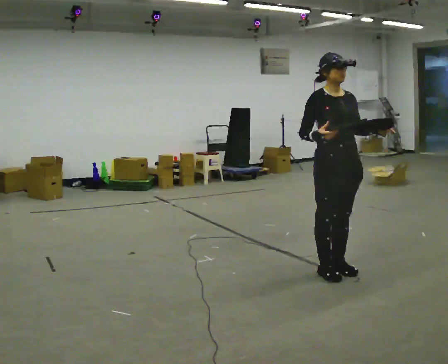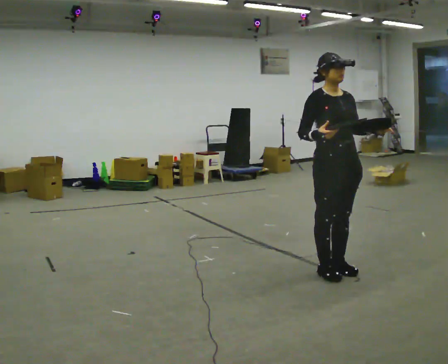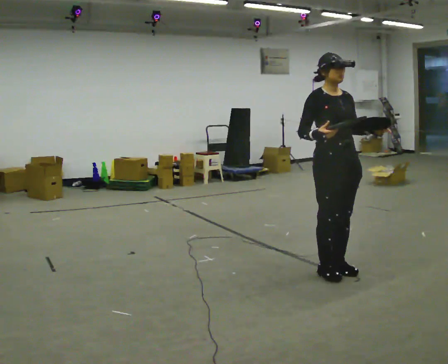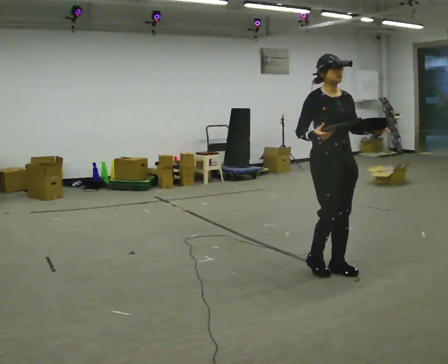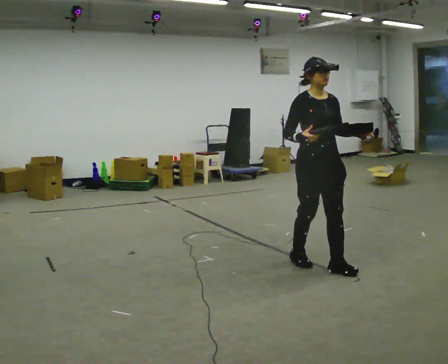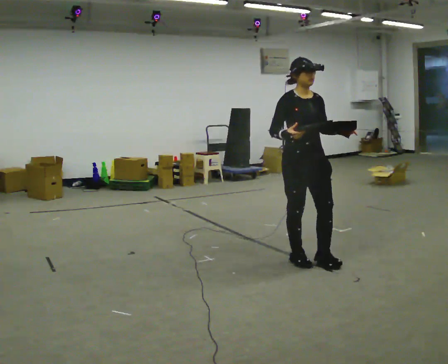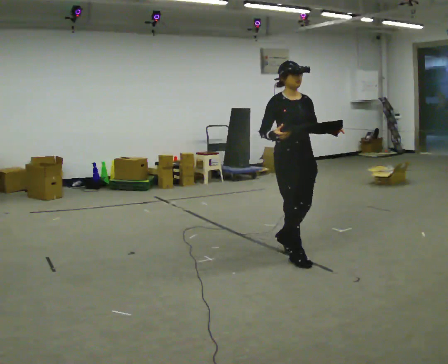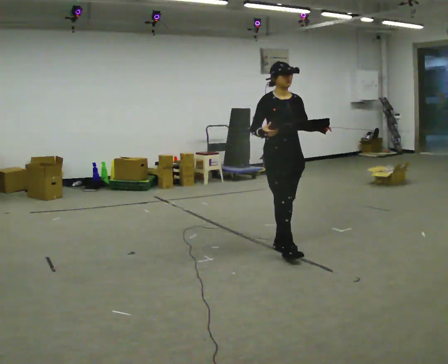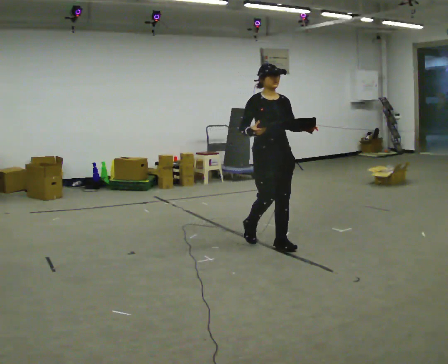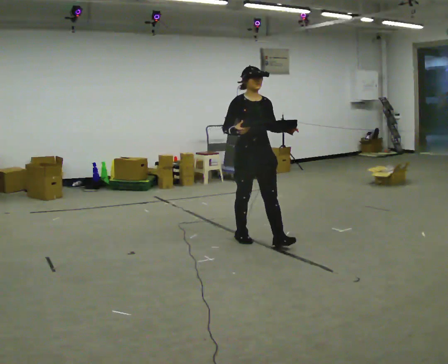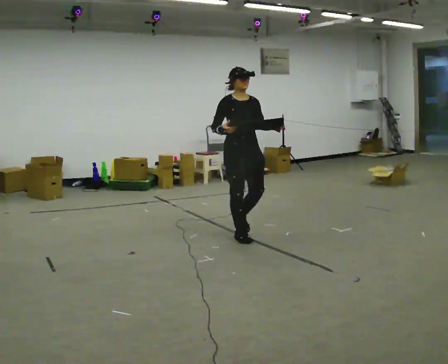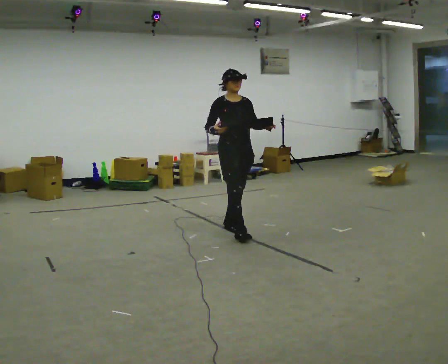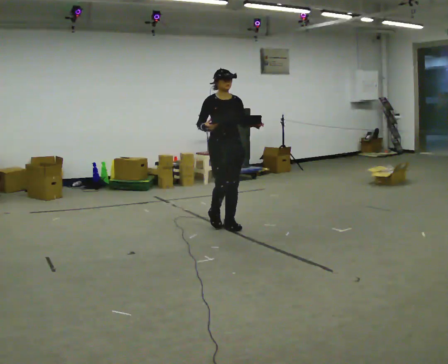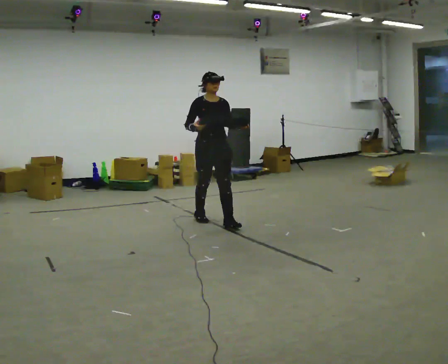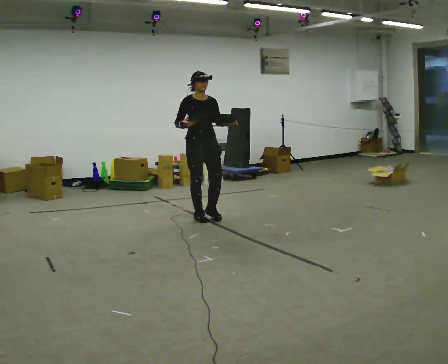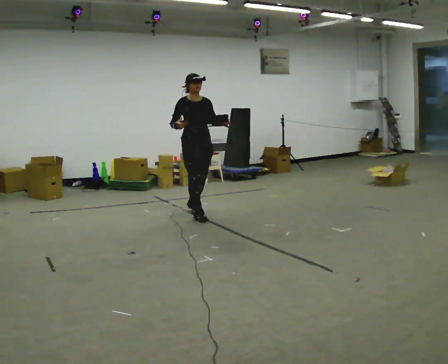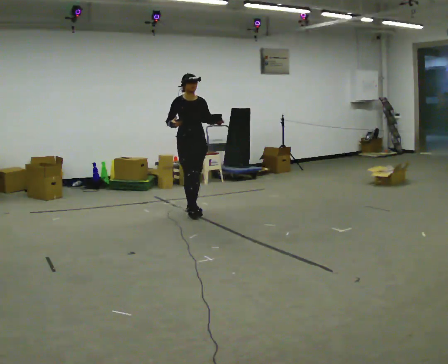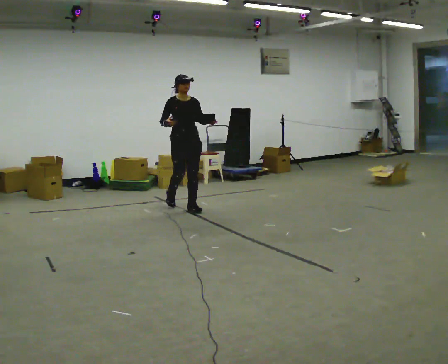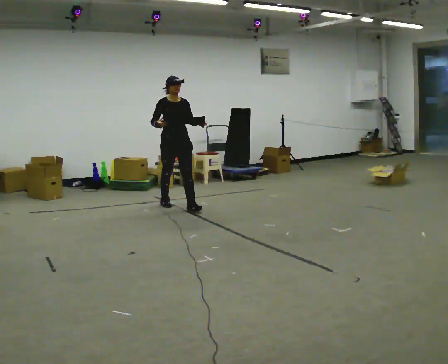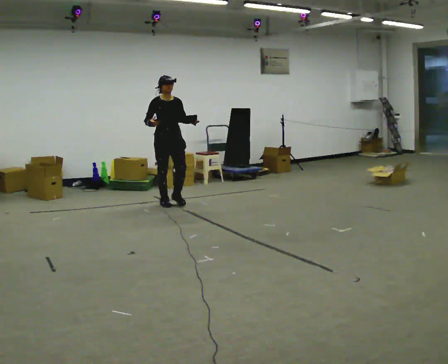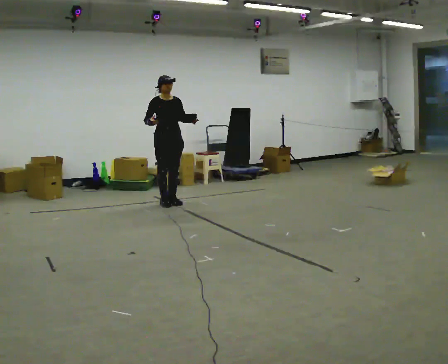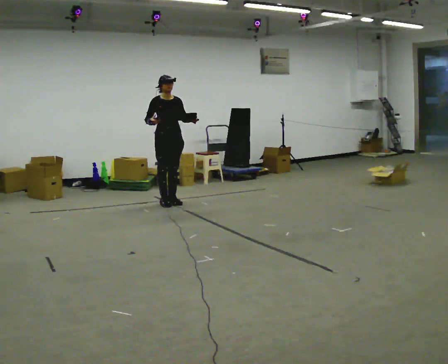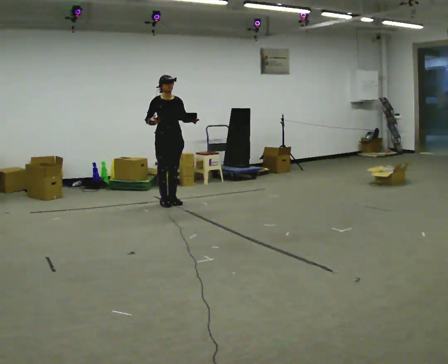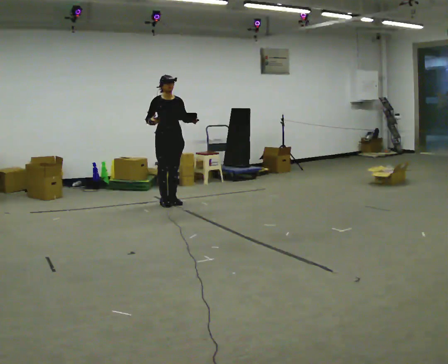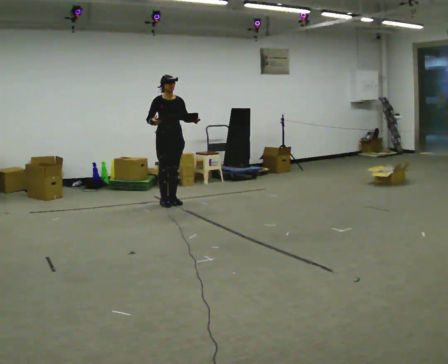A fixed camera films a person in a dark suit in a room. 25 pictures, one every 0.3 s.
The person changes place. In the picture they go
away from the camera.
0.0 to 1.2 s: In the picture they go away from the camera, about 0.25 m in 1 step, which for them is backward.
1.2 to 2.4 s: In the picture they go away from the camera and to the left, about 0.75 m in 2 steps, which for them is backward.
2.4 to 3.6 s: In the picture they go away from the camera and to the left, about 1 m in 2 steps, which for them is backward.
3.6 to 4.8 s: In the picture they go away from the camera and to the left, about 1 m in 2 steps, which for them is backward.
4.8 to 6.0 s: In the picture they go away from the camera and to the left, about 0.5 m in 1 step, which for them is backward.
6.0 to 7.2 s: The person moves a little, or ends about where they began.
The film runs backward here.
